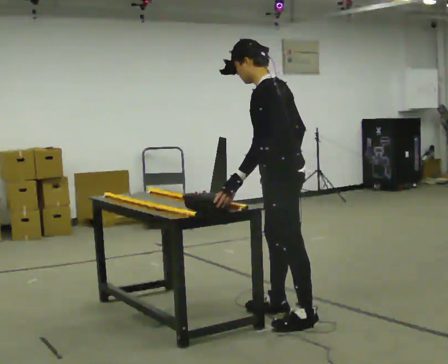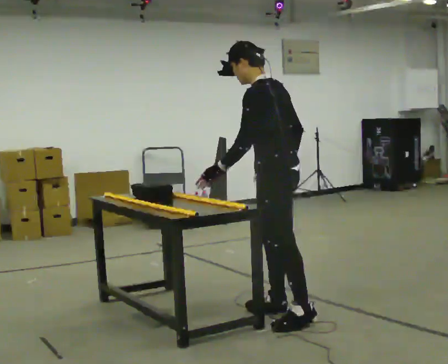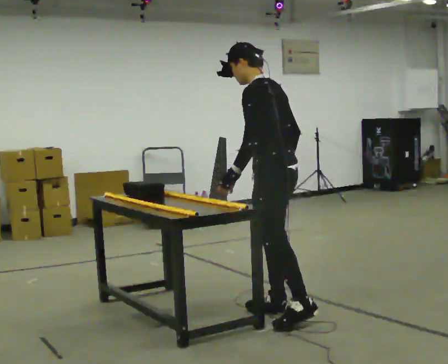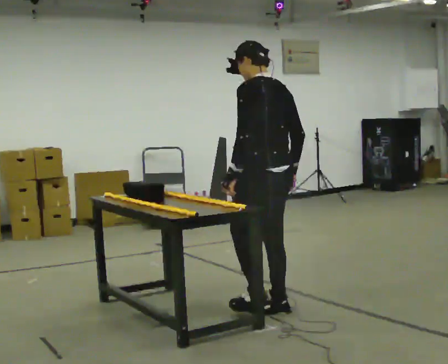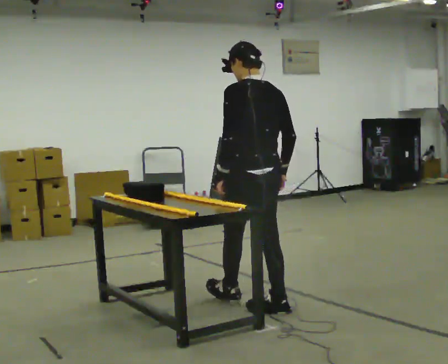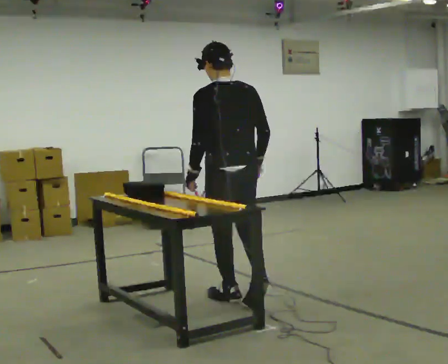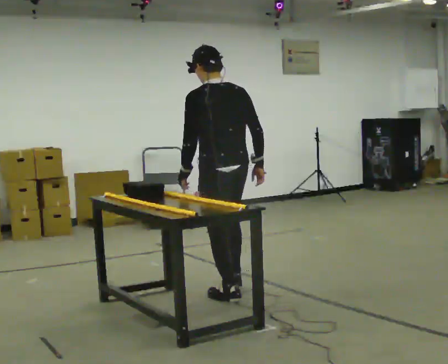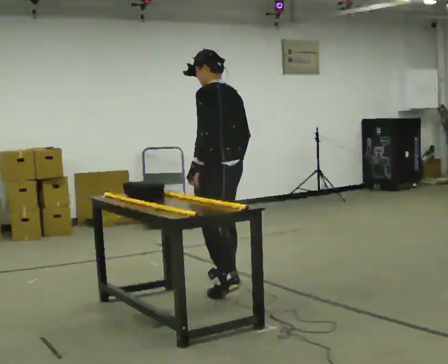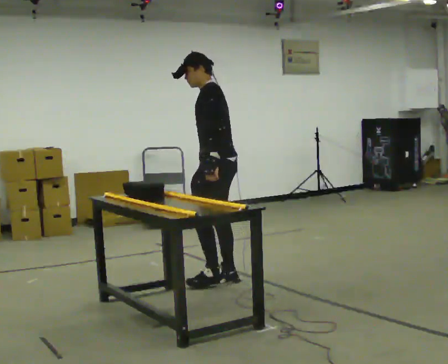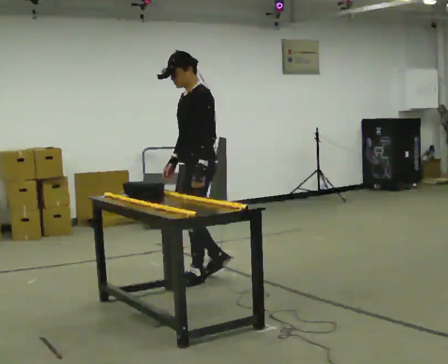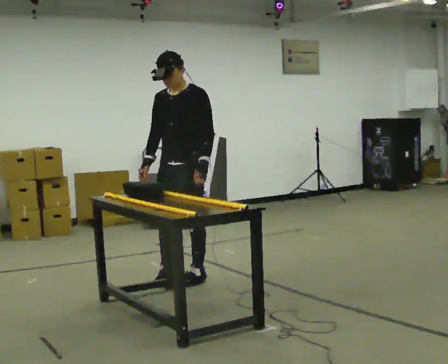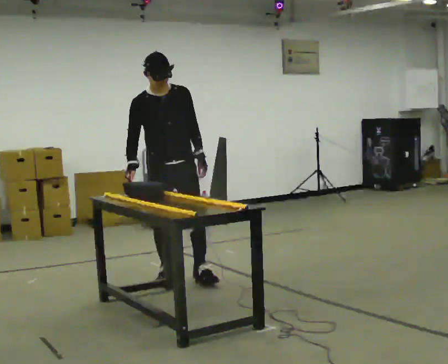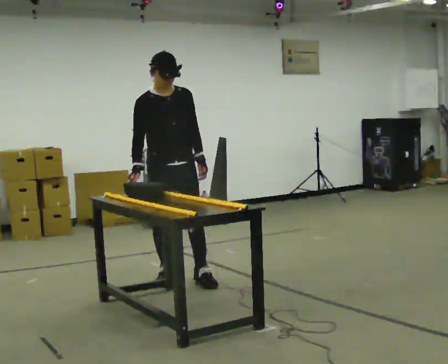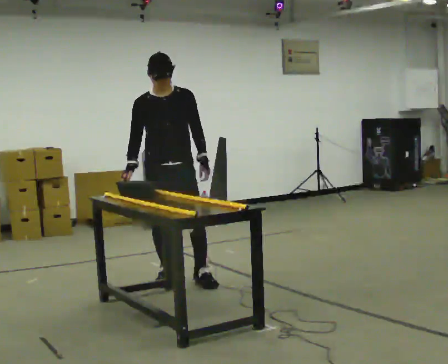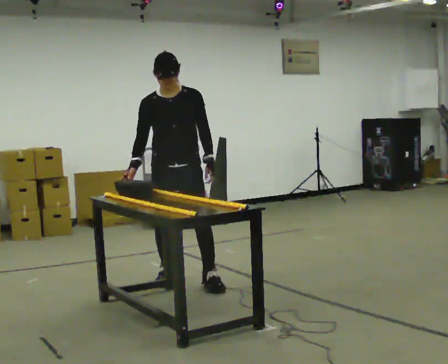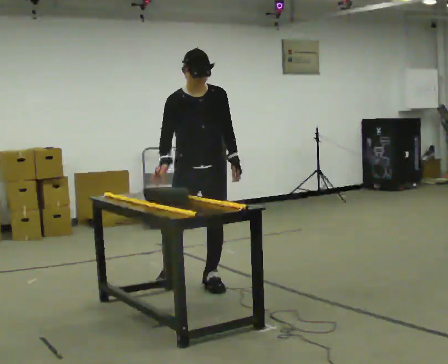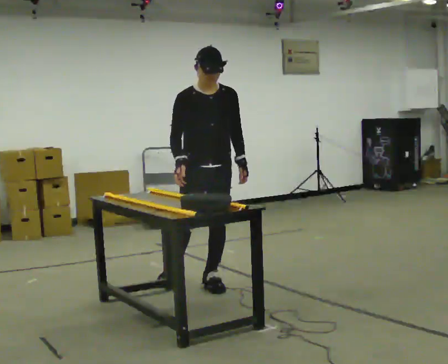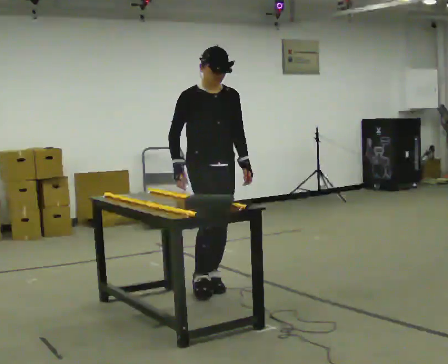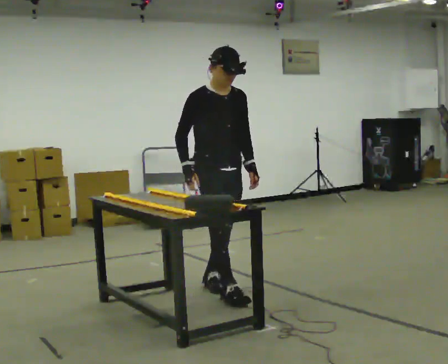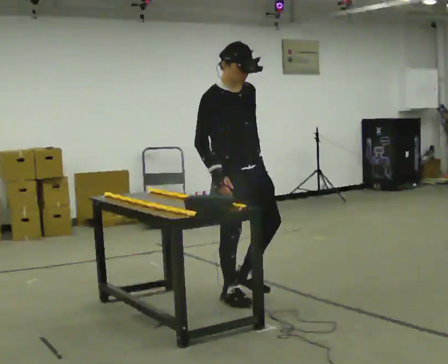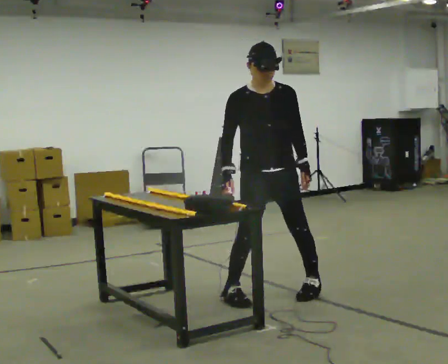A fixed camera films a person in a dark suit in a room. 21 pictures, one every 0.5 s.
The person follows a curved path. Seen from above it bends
counterclockwise.
0.0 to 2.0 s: The part of the body nearest the lens slides to the left as the person turns to their right by about 45 degrees. In the picture they go away from the camera and to the left, about 0.25 m in 1 step, which for them is forward. In the picture the upper body tilts clockwise, shoulders to the right.
2.0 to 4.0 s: Seen from above the body turns counterclockwise, about 45 degrees: to their left, with its near side sliding to the right. In the picture they go away from the camera, about 0.5 m in 1 step.
4.0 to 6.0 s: The part of the body nearest the lens slides to the right as the person turns to their left by about 120 degrees. In the picture they go to the left, about 0.5 m in 2 steps. The upper body tips toward the camera, its near side rolling downward.
6.0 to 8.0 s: In the picture they go to the right and toward the camera, about 0.25 m in 1 step, which for them is to their left and forward.
8.0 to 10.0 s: In the picture they go to the right and toward the camera, about 0.5 m in 2 steps, which for them is forward.
The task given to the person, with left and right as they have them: Slide the object into the slot on the shelf in front of you. It is a close fit, so take the time you need. Repeat at your own pace until the operator says stop. Keep both feet on the marked spots for the whole take. If you have to step, stop and tell the operator.
The film runs forward here.
